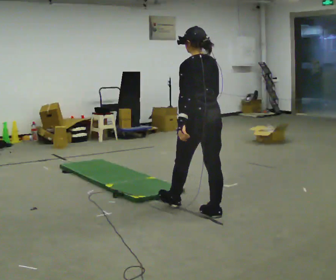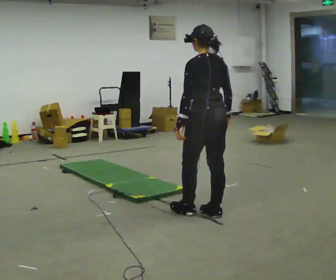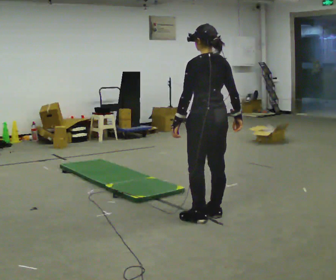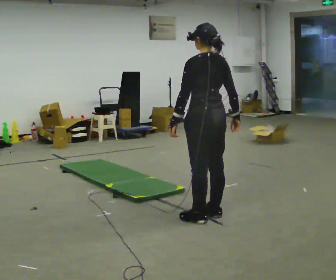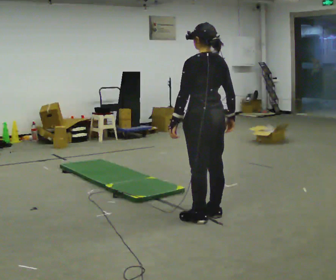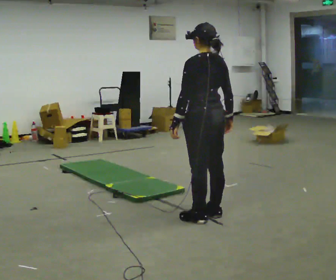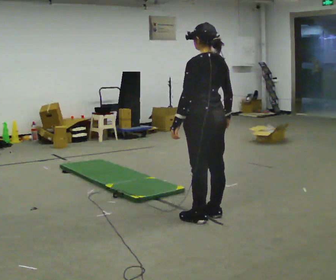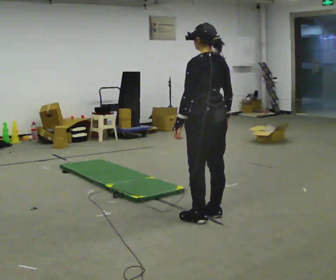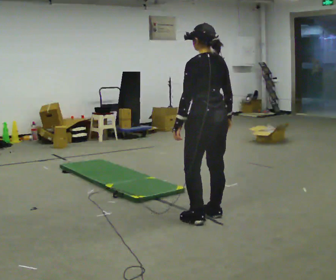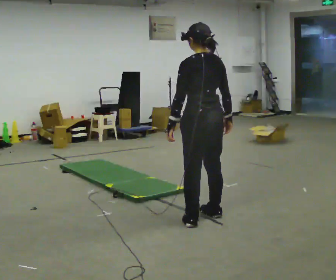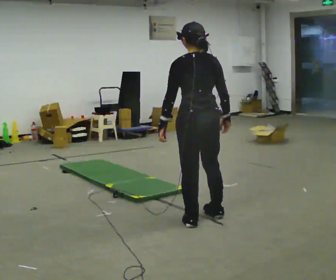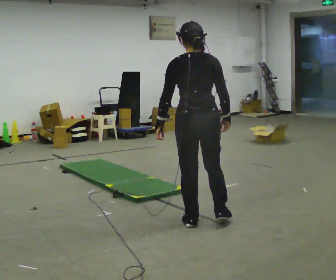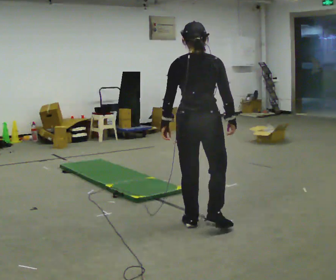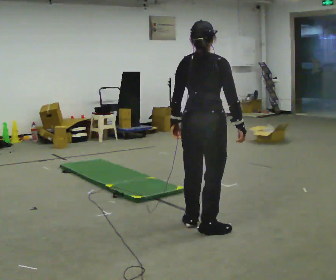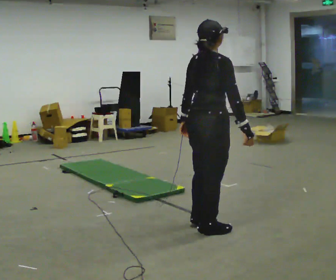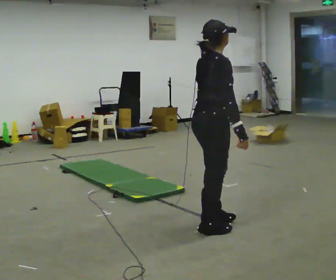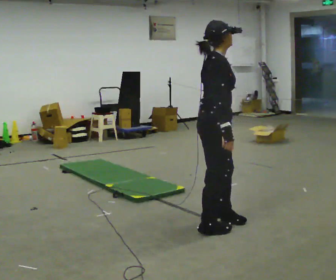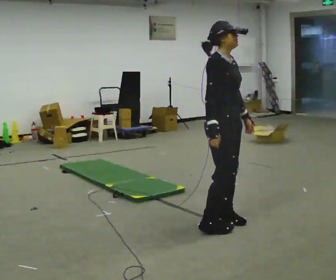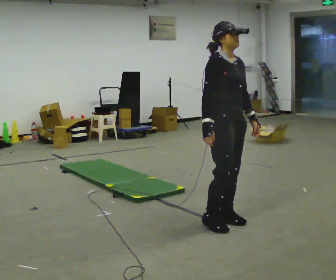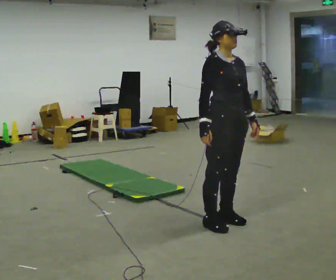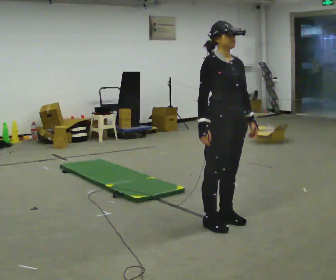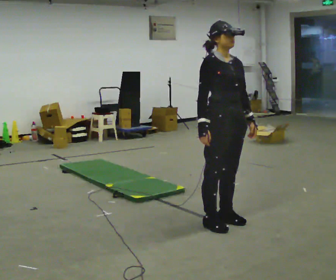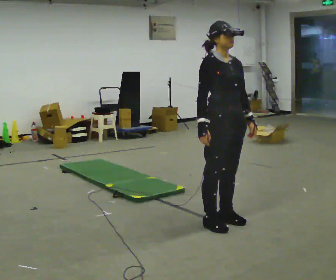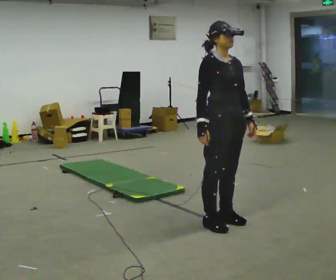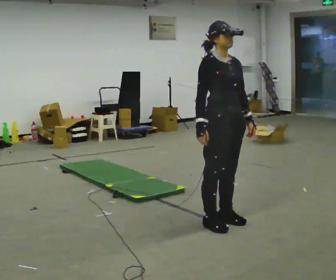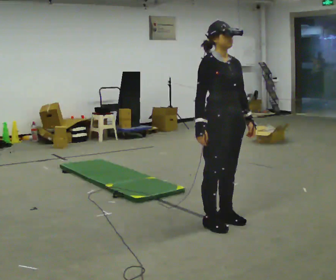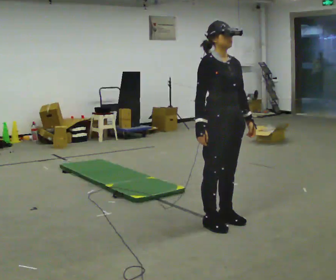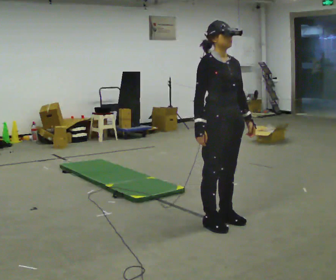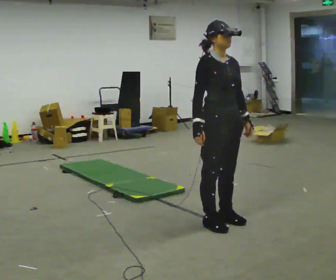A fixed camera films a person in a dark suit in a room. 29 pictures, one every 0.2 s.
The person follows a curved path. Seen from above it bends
counterclockwise.
The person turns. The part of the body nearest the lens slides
to the left.
0.0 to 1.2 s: The person moves a little, or ends about where they began.
1.2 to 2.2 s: The part of the body nearest the lens slides to the left as the person turns to their right by about 30 degrees. In the picture they go toward the camera, about 0.25 m in 1 step, which for them is to their left.
2.2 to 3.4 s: The person turns about 120 degrees to their right, clockwise seen from above, so the part of the body nearest the lens slides to the left. In the picture they go to the right, about 0.25 m in 1 step.
3.4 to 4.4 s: Seen from above the body turns clockwise, about 30 degrees: to their right, with its near side sliding to the left.
4.4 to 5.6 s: The person moves a little, or ends about where they began.
The film runs backward here.
